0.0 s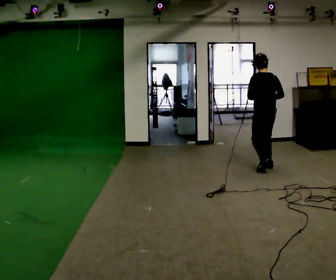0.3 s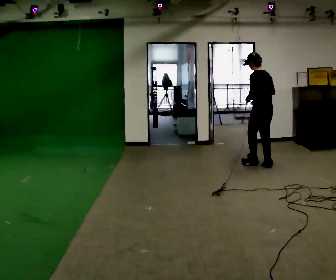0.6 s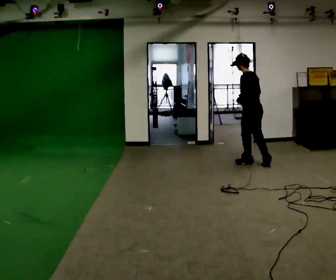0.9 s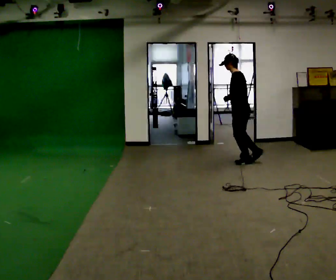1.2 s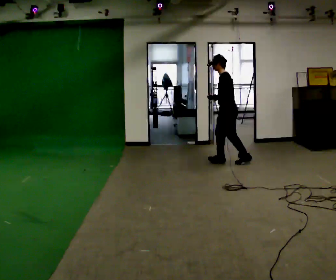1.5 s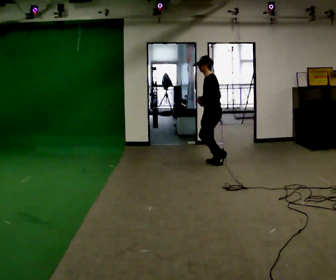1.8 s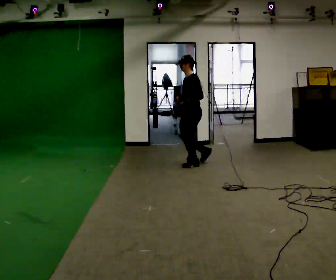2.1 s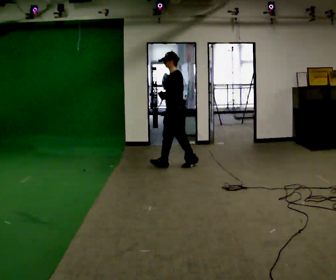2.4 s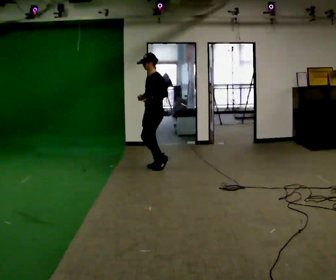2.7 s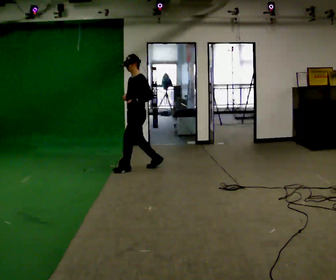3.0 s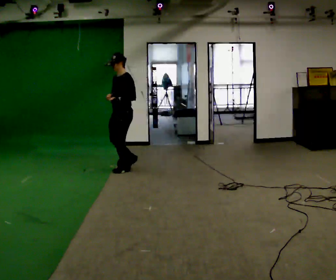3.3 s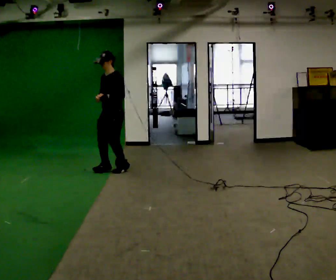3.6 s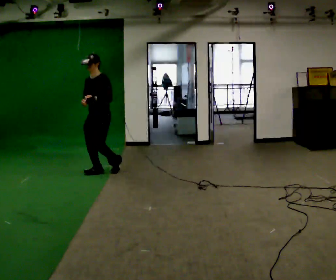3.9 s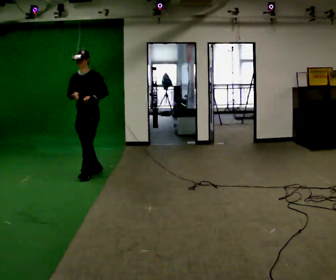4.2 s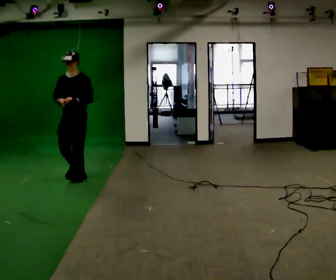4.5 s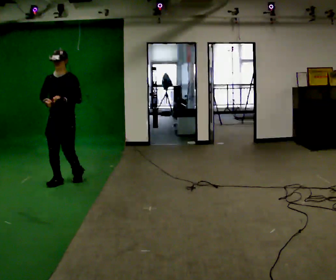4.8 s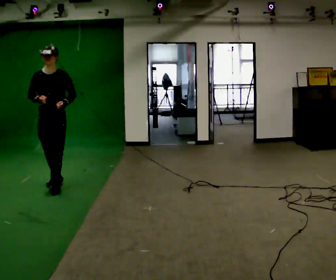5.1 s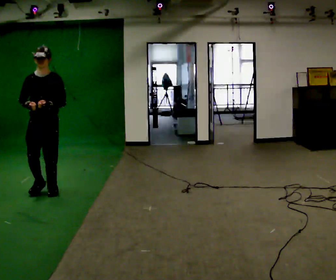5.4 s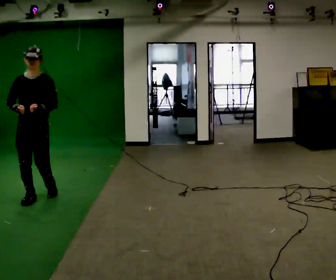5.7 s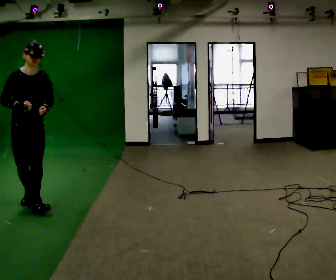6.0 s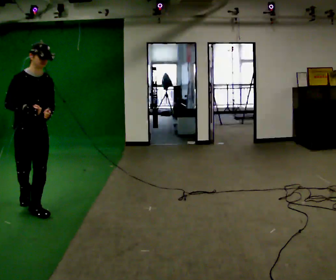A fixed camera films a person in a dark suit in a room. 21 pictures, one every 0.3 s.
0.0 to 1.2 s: The part of the body nearest the lens slides to the right as the person turns to their left by about 60 degrees. In the picture they go away from the camera and to the left, about 0.75 m in 1 step.
1.2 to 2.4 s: Seen from above the body turns counterclockwise, about 30 degrees: to their left, with its near side sliding to the right. In the picture they go to the left, about 1 m in 3 steps, which for them is forward.
2.4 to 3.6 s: The person turns about 30 degrees to their left, counterclockwise seen from above, so the part of the body nearest the lens slides to the right. In the picture they go to the left and toward the camera, about 1 m in 2 steps, which for them is forward.
3.6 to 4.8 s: The person turns about 30 degrees to their left, counterclockwise seen from above, so the part of the body nearest the lens slides to the right. In the picture they go toward the camera and to the left, about 1 m in 2 steps, which for them is forward.
4.8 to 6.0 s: The part of the body nearest the lens slides to the right as the person turns to their left by about 45 degrees. In the picture they go toward the camera, about 1 m in 3 steps, which for them is forward.
The film runs forward here.
